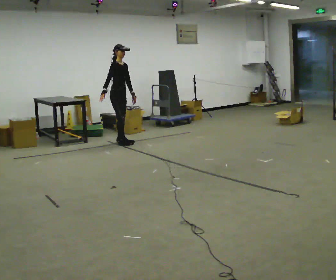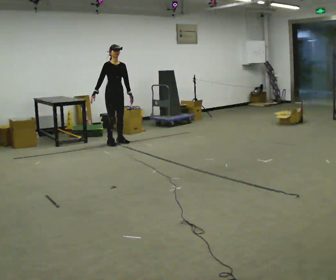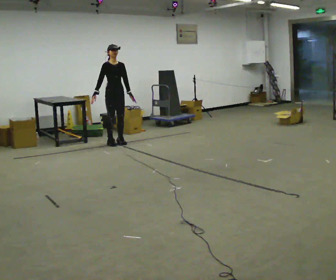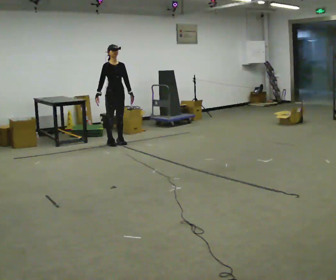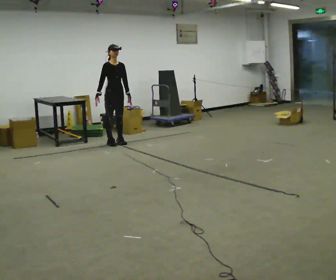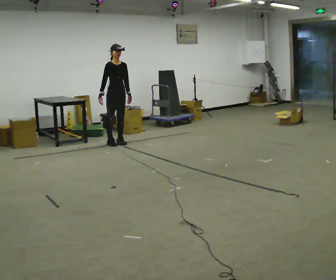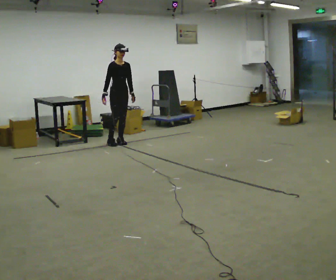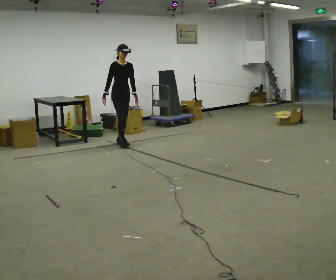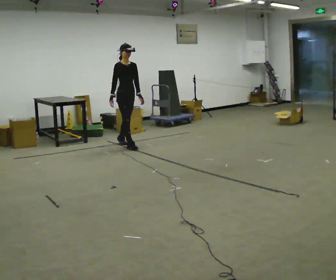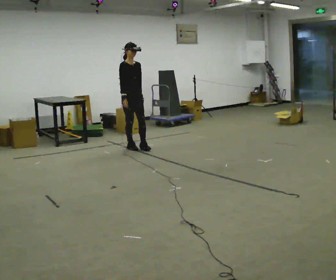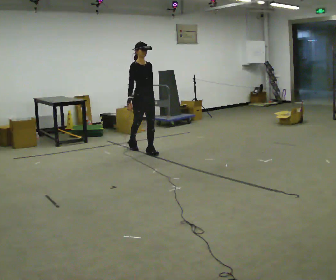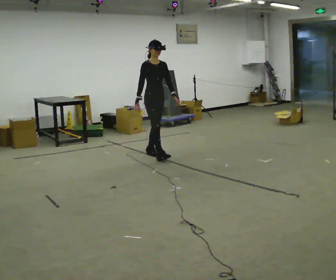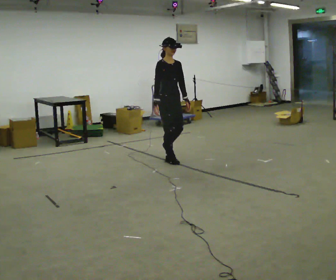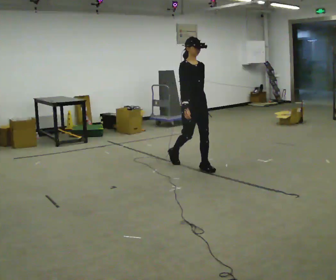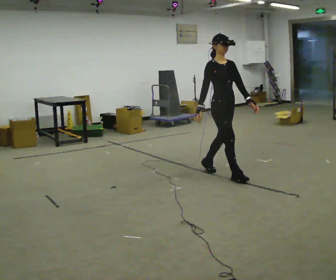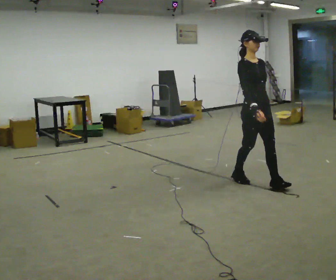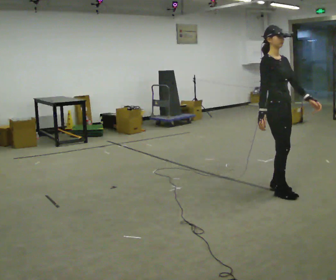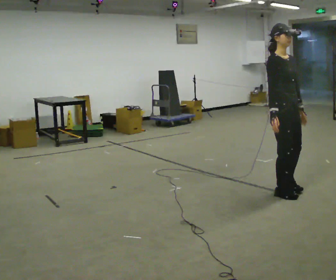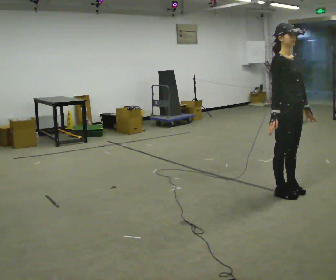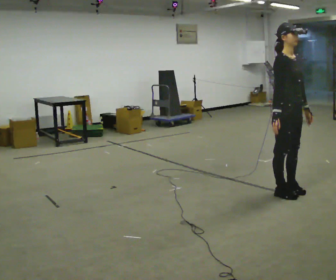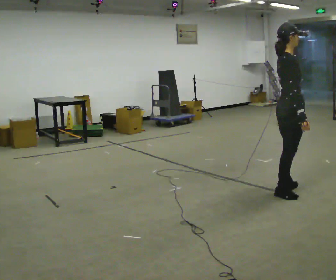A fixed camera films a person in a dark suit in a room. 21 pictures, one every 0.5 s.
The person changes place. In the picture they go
toward the camera.
0.0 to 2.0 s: Seen from above the body turns clockwise, about 30 degrees: to their right, with its near side sliding to the left.
2.0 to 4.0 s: In the picture they go toward the camera and to the right, about 0.25 m in 1 step, which for them is forward.
4.0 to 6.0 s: In the picture they go toward the camera and to the right, about 1 m in 2 steps, which for them is forward.
6.0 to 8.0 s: In the picture they go toward the camera and to the right, about 1.5 m in 4 steps, which for them is forward.
8.0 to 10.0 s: The part of the body nearest the lens slides to the right as the person turns to their left by about 45 degrees.
The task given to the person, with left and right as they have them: Start still; gradually go slow → normal → fast; briefly maintain fast speed; stop.
The film runs forward here.
